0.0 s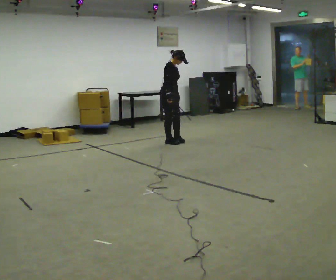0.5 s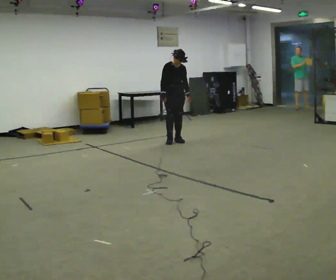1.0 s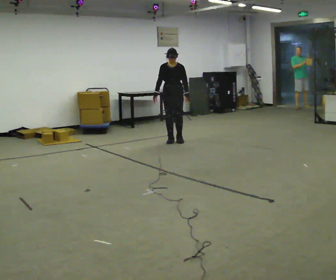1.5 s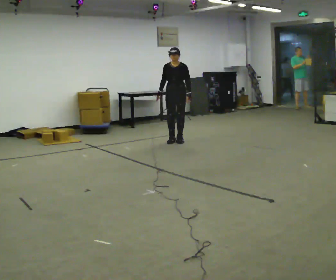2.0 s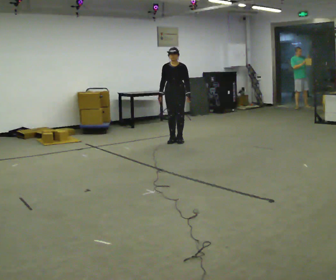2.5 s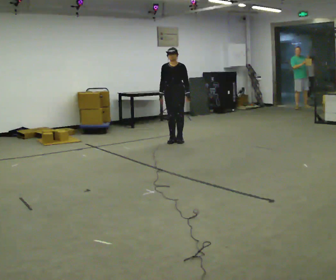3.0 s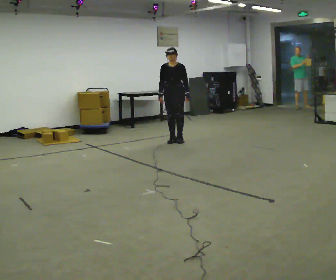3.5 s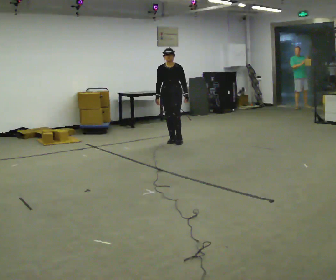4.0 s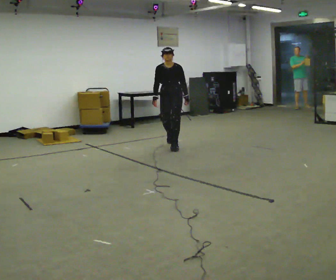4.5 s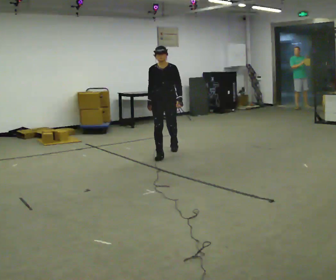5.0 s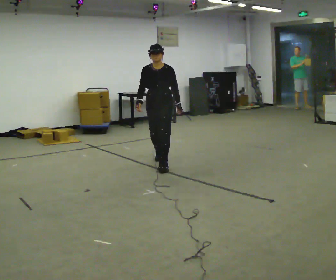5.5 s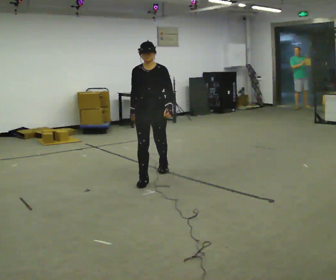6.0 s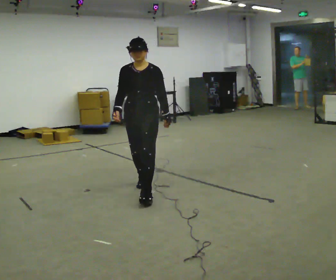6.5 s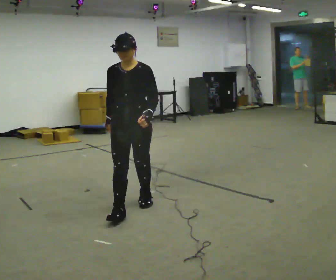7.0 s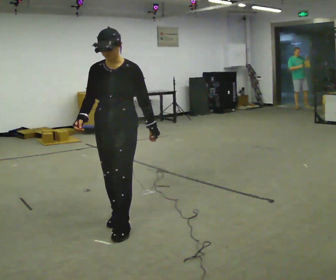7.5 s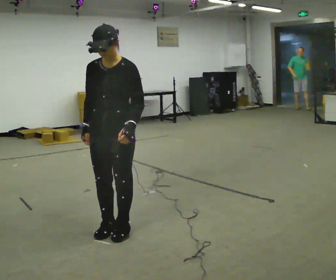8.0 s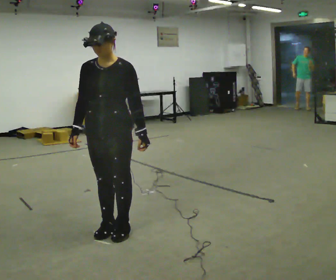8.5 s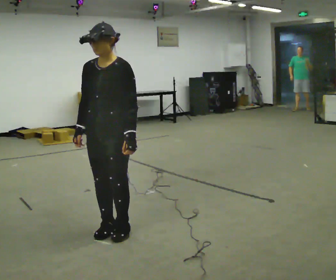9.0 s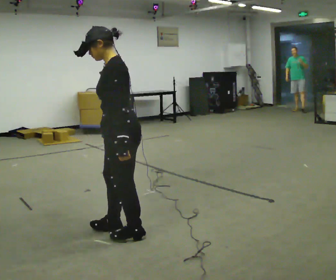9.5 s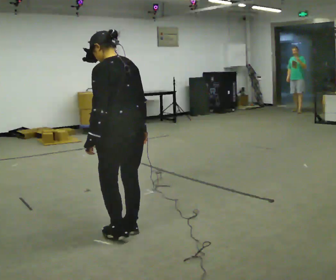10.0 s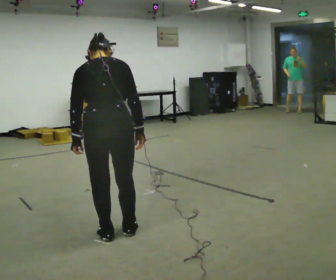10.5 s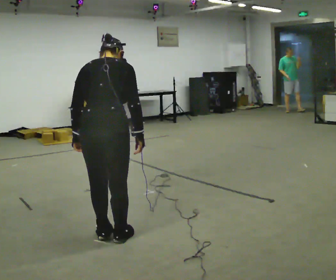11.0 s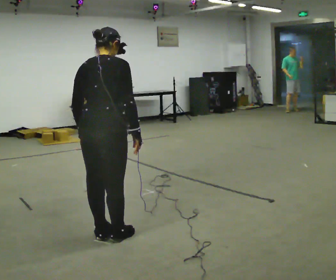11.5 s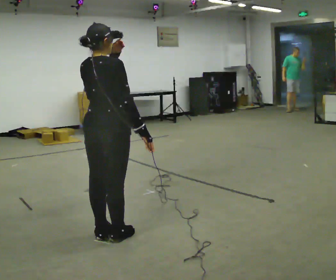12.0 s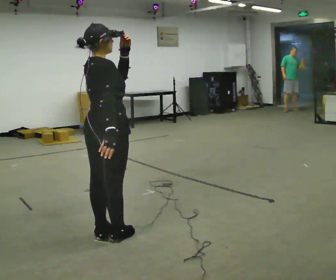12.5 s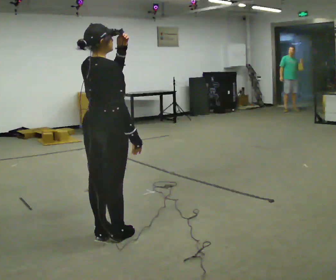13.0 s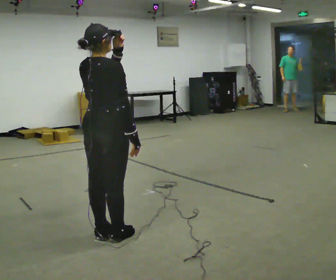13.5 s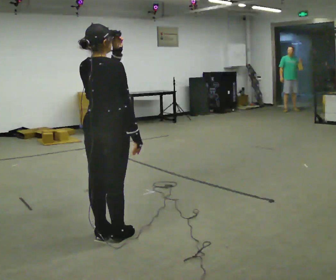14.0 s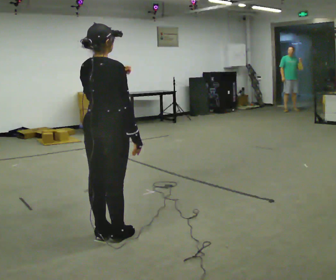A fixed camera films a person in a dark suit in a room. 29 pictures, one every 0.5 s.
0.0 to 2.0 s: The person turns about 75 degrees to their right, clockwise seen from above, so the part of the body nearest the lens slides to the left.
2.0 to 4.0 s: In the picture they go toward the camera, about 0.5 m in 1 step, which for them is forward.
4.0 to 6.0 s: In the picture they go toward the camera, about 2 m in 4 steps, which for them is forward.
6.0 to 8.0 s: In the picture they go toward the camera, about 1 m in 3 steps, which for them is forward.
8.0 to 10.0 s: Seen from above the body turns clockwise, about 165 degrees: to their right, with its near side sliding to the left. The upper body tips away from the camera, its near side rolling upward, as they bend forward. In the picture their right hand goes to the right, the arm swinging counterclockwise.
10.0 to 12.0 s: Seen from above the body turns clockwise, about 60 degrees: to their right, with its near side sliding to the left. The upper body tips toward the camera, its near side rolling downward, as they lean back or straighten. In the picture their left hand goes upward and to the right.
12.0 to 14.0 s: The person moves a little, or ends about where they began.
The film runs forward here.
